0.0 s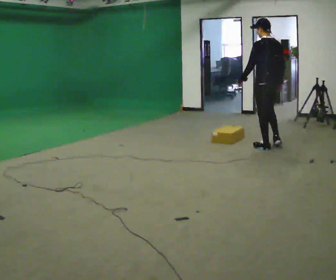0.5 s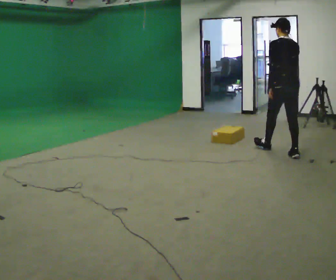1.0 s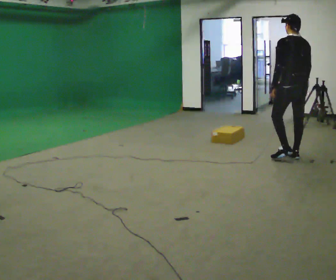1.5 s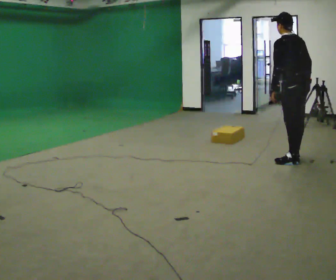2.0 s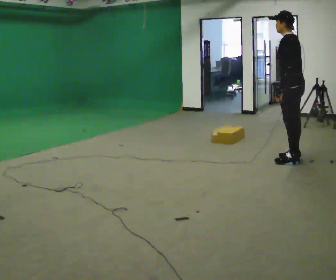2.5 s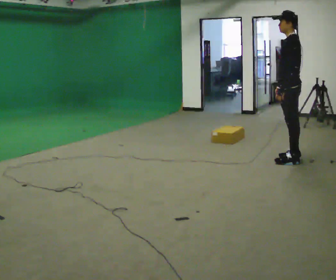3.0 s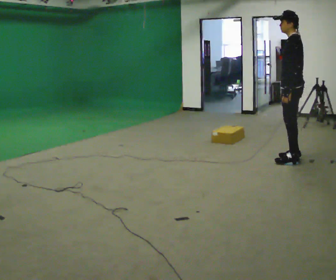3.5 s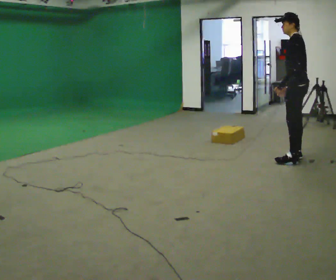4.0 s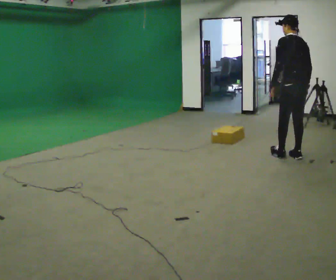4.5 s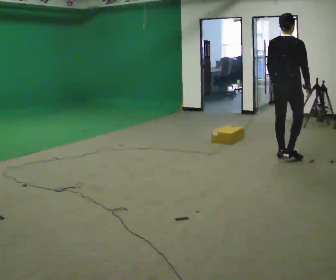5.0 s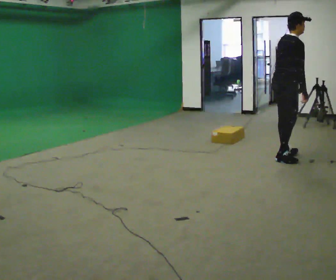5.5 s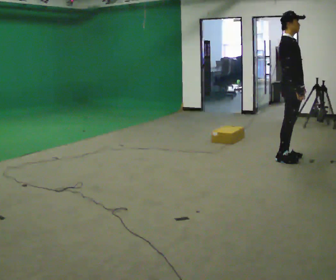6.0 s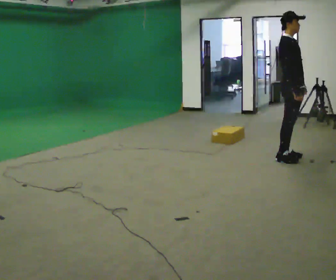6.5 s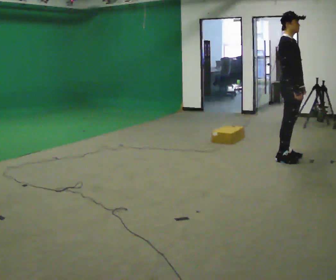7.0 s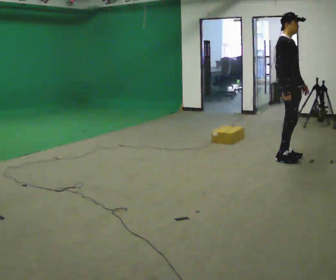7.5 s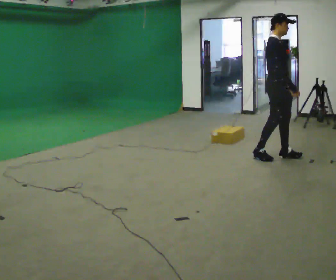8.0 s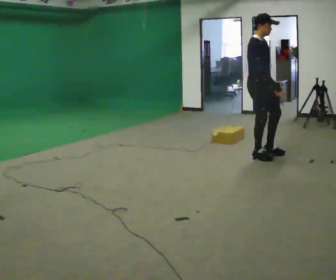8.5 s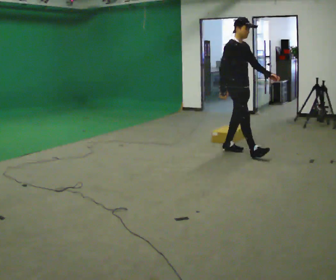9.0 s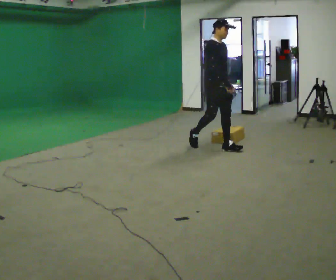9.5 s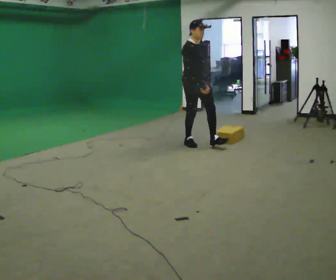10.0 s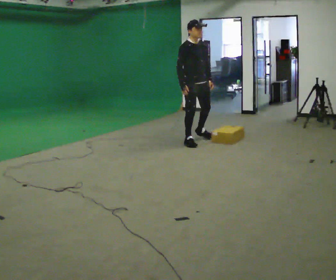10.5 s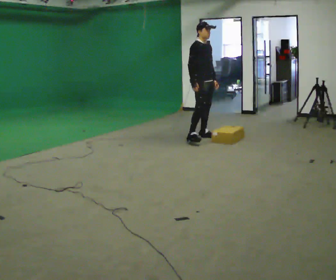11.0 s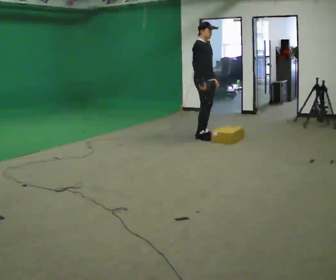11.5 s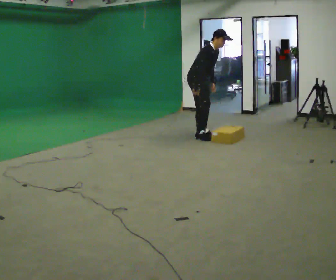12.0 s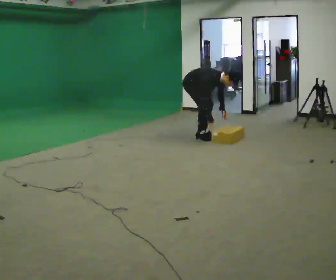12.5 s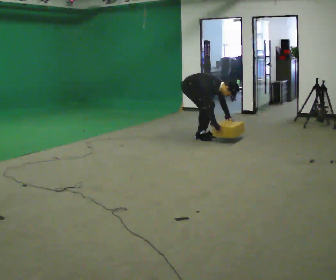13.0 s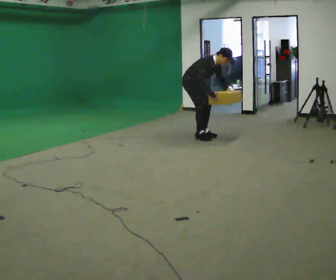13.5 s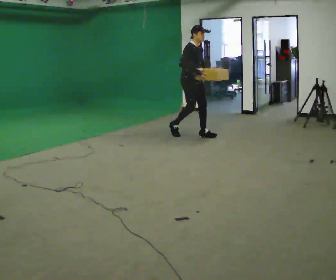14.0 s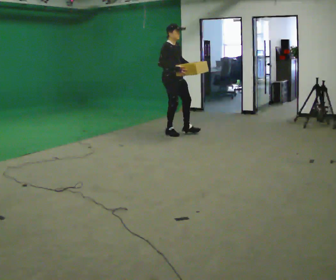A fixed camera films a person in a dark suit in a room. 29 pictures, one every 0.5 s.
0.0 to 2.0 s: The part of the body nearest the lens slides to the right as the person turns to their left by about 30 degrees. In the picture they go toward the camera and to the right, about 0.75 m in 1 step, which for them is backward.
2.0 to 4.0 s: Seen from above the body turns clockwise, about 45 degrees: to their right, with its near side sliding to the left.
4.0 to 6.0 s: The part of the body nearest the lens slides to the left as the person turns to their right by about 135 degrees. In the picture their left hand goes to the right.
6.0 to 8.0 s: In the picture they go to the left, about 0.5 m in 2 steps, which for them is backward.
8.0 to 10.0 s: In the picture they go to the left and away from the camera, about 1 m in 2 steps, which for them is backward.
10.0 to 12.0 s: In the picture they go away from the camera, about 0.5 m in 1 step, which for them is to their left and backward. The upper body goes downward. In the picture the upper body tilts clockwise, shoulders to the right, as they bend forward. In the picture their left hand goes downward.
12.0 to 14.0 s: In the picture they go to the left, about 0.5 m in 2 steps, which for them is backward. In the picture the upper body tilts counterclockwise, shoulders to the left, as they lean back or straighten. In the picture their right hand goes upward.
The film runs backward here.
